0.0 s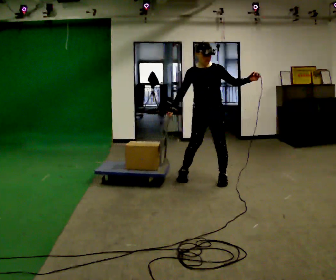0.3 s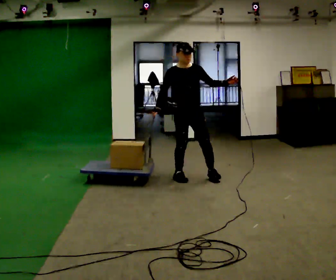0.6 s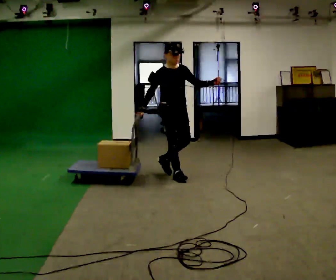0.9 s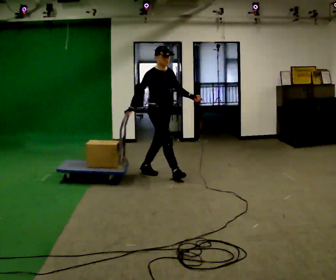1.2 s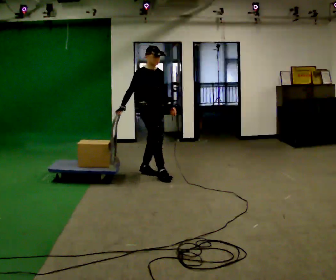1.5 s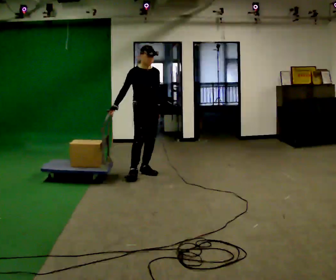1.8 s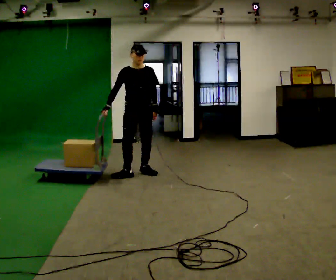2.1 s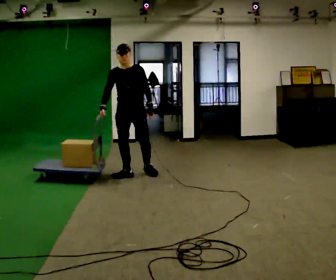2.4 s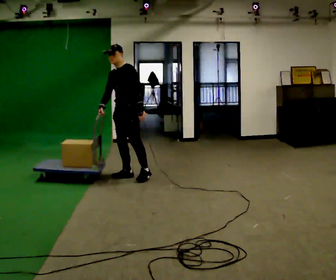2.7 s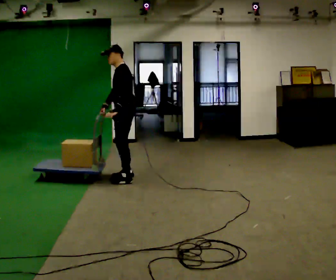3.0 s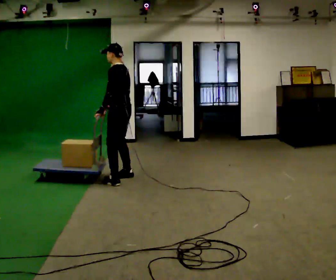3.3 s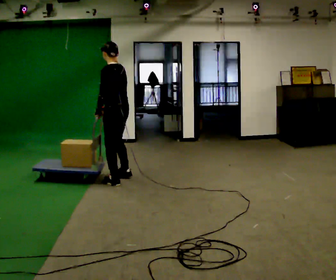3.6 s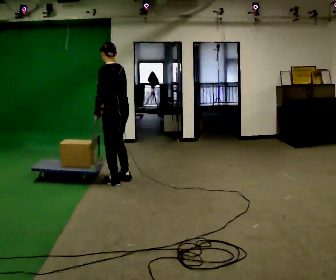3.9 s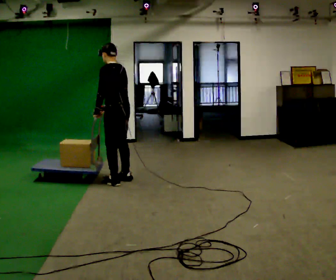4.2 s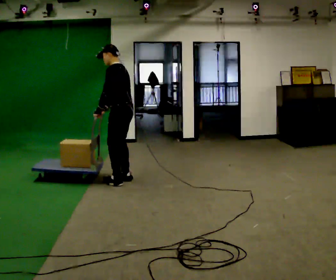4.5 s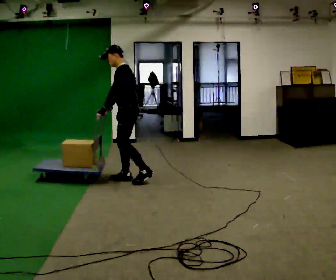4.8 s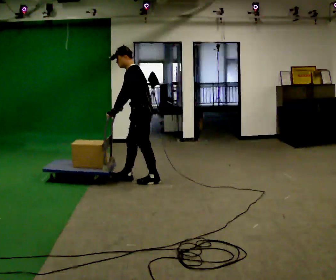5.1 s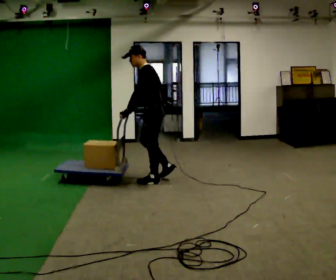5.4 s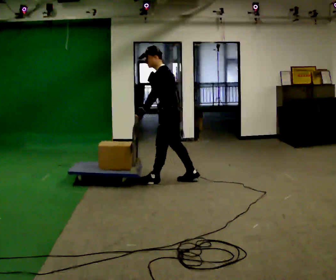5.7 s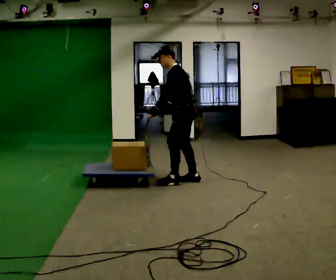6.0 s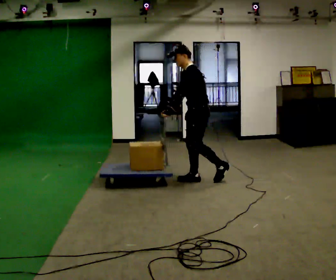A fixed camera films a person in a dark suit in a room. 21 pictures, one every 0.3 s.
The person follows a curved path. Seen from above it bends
counterclockwise.
Their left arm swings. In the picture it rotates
clockwise.
0.0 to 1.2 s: Seen from above the body turns counterclockwise, about 60 degrees: to their left, with its near side sliding to the right. In the picture they go to the left and away from the camera, about 1 m in 2 steps. In the picture their left hand goes downward.
1.2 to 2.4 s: Seen from above the body turns clockwise, about 90 degrees: to their right, with its near side sliding to the left. In the picture they go to the left, about 0.25 m in 1 step.
2.4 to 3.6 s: The person turns about 75 degrees to their right, clockwise seen from above, so the part of the body nearest the lens slides to the left. In the picture they go toward the camera, about 0.25 m in 1 step.
3.6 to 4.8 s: The part of the body nearest the lens slides to the right as the person turns to their left by about 30 degrees. In the picture they go to the right, about 0.25 m in 1 step, which for them is backward and to their right.
4.8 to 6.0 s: In the picture they go to the right, about 0.5 m in 2 steps, which for them is backward.
The film runs backward here.
